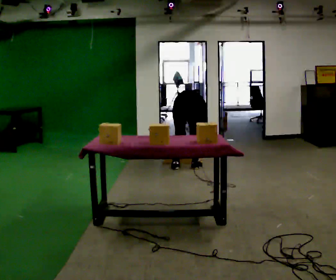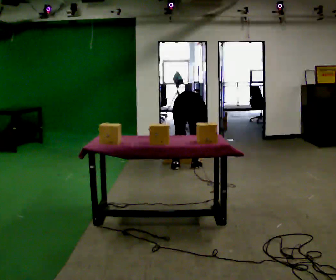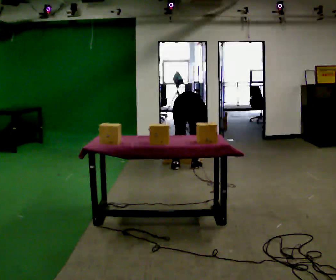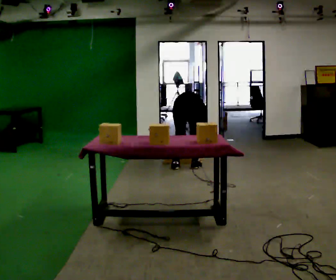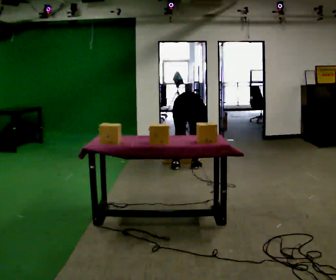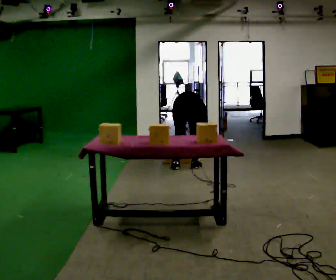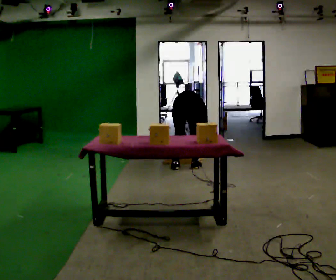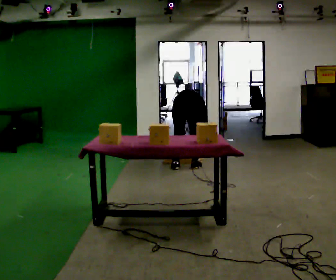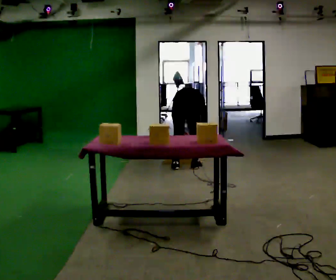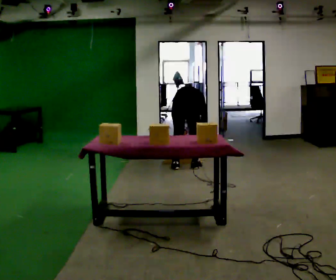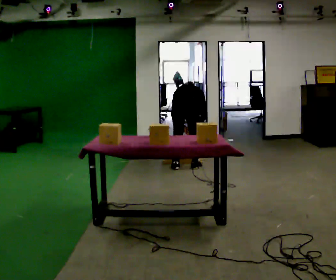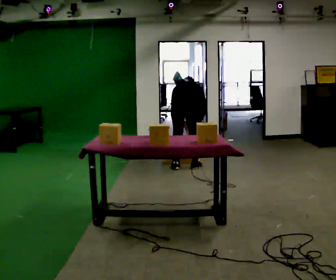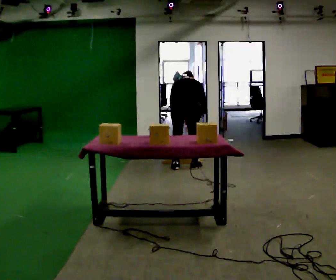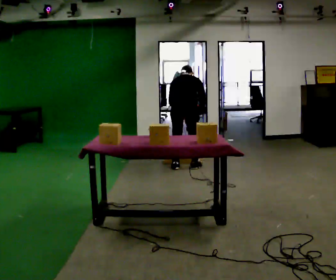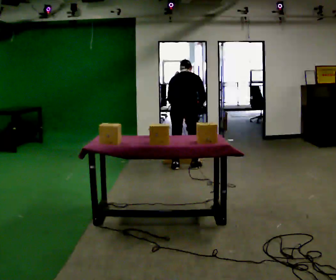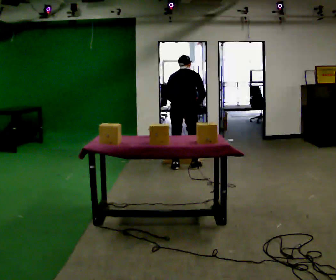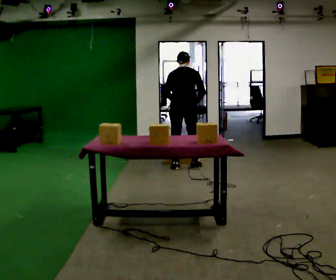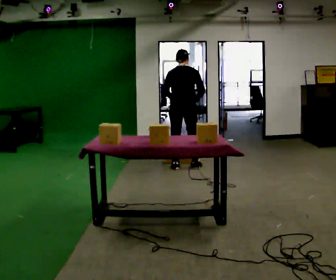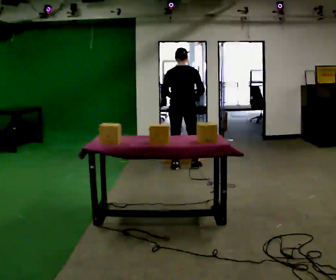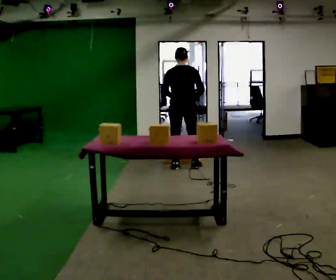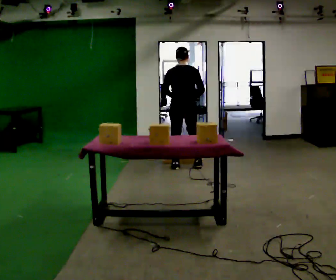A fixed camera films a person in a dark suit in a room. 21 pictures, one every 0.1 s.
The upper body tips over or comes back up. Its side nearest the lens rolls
downward.
The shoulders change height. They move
upward.
0.0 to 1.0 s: The person moves a little, or ends about where they began.
1.0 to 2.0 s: The shoulders move upward. The upper body tips toward the camera, its near side rolling downward, as they lean back or straighten. In the picture their left hand goes upward.
The film runs forward here.
